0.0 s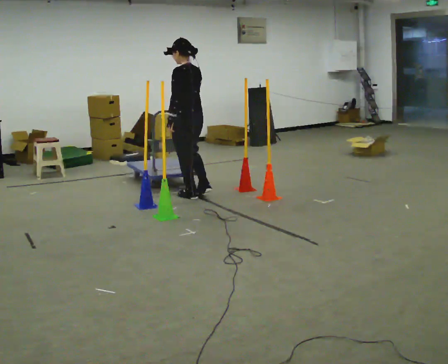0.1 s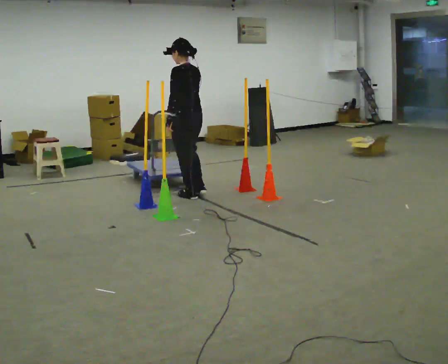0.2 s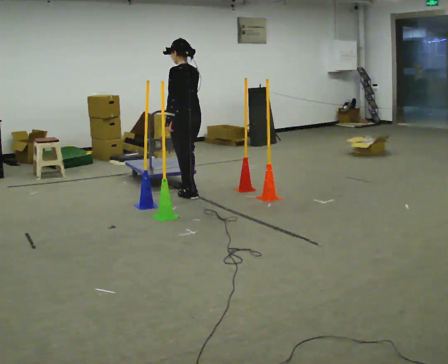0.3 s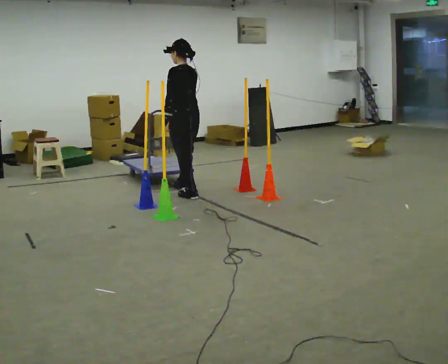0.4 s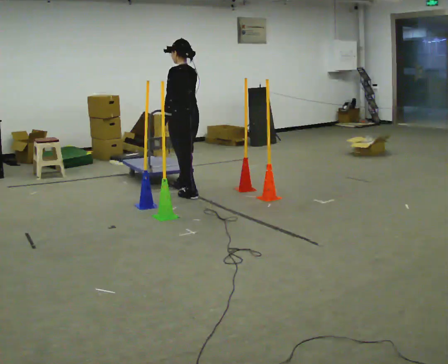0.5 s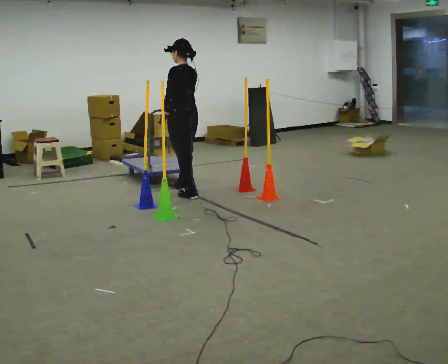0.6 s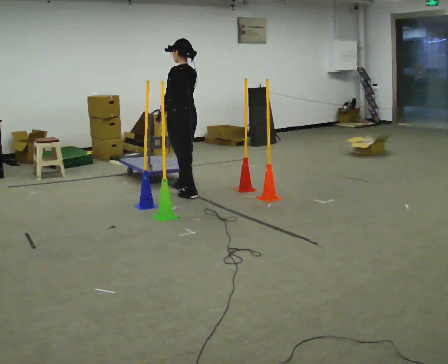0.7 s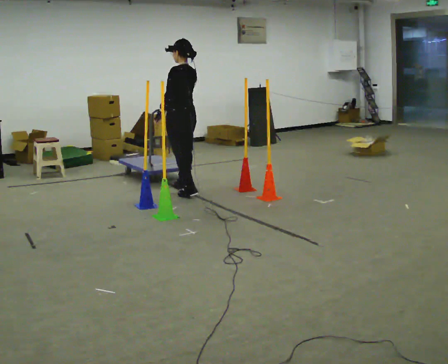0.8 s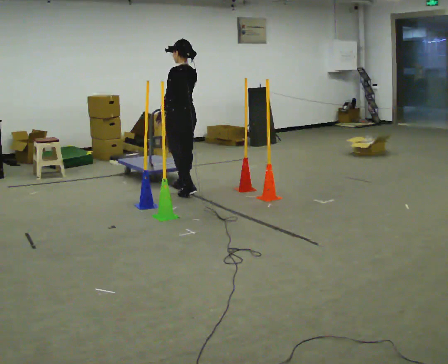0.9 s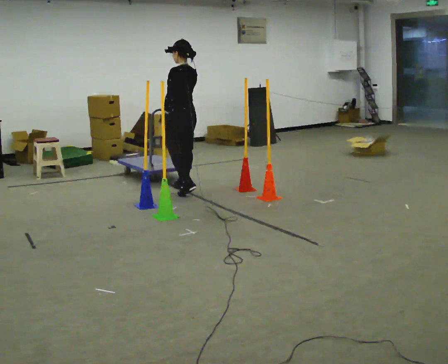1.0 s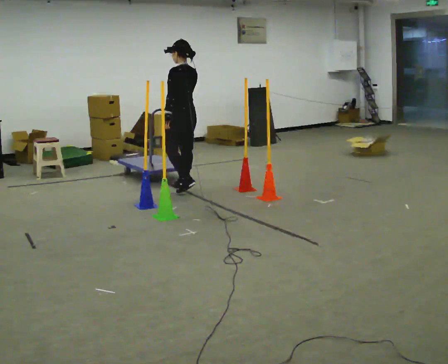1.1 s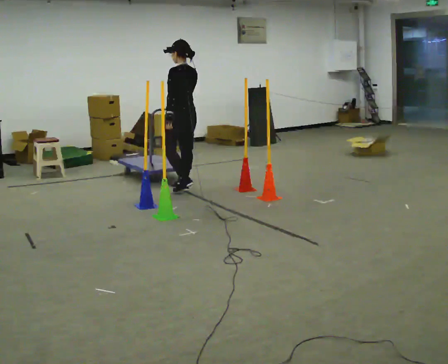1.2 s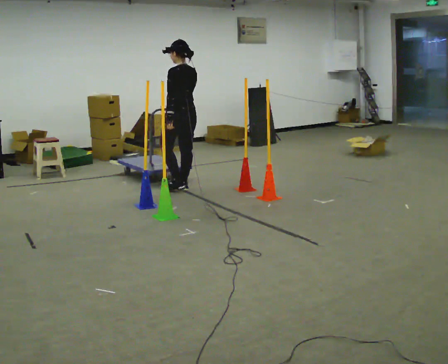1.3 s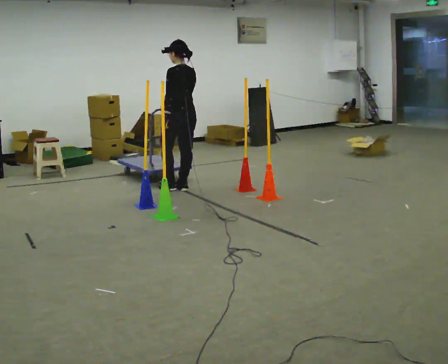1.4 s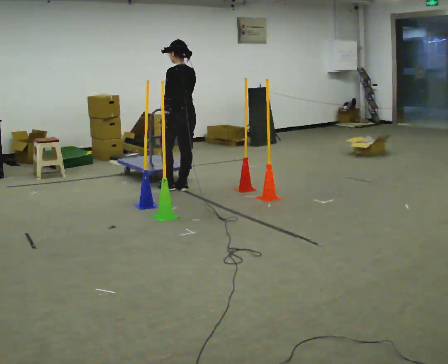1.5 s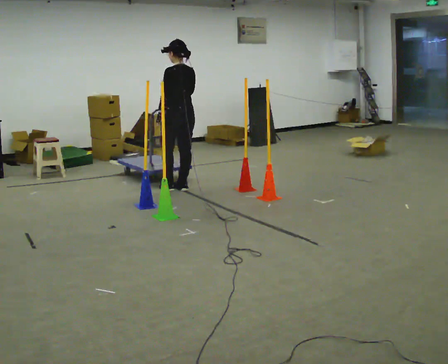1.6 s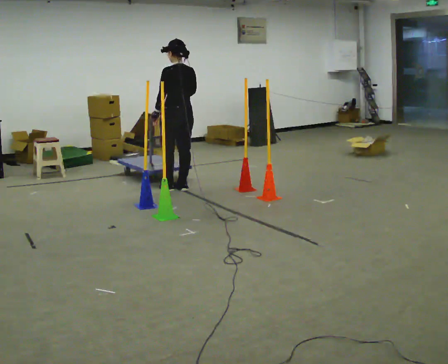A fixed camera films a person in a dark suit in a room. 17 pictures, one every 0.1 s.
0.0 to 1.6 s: In the picture they go away from the camera, about 0.25 m in 1 step, which for them is forward and to their right.
The film runs backward here.
